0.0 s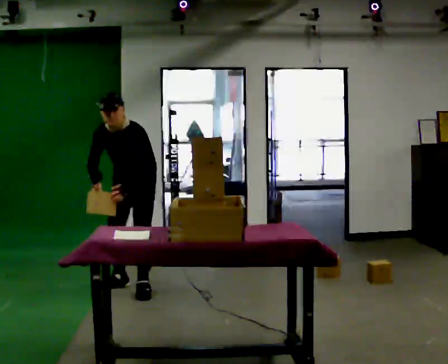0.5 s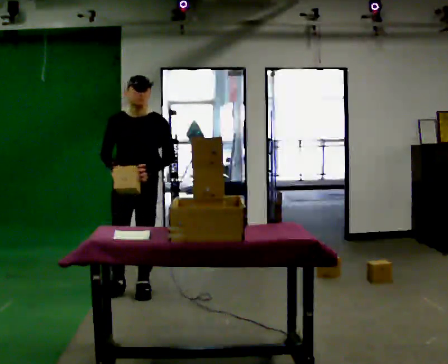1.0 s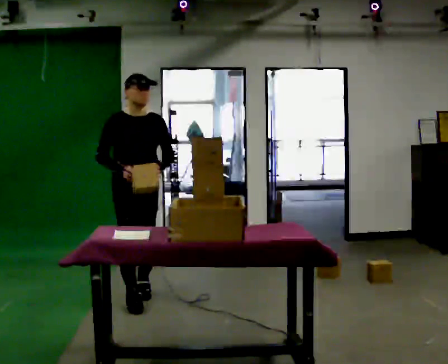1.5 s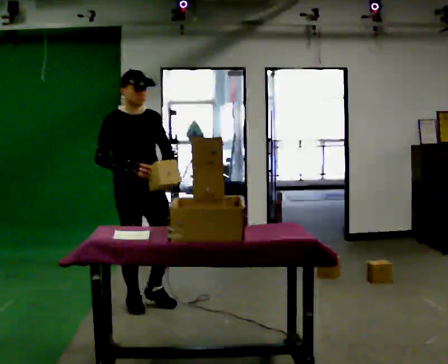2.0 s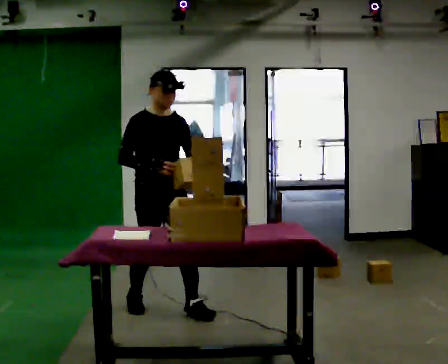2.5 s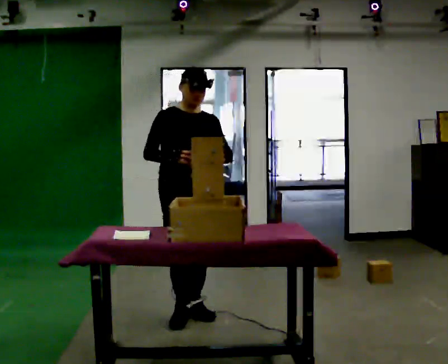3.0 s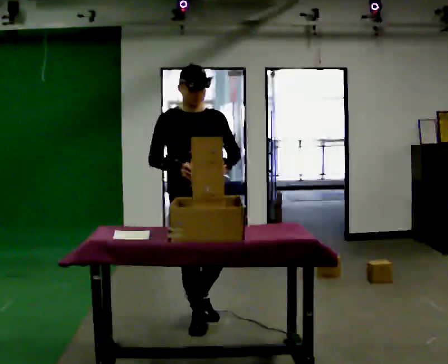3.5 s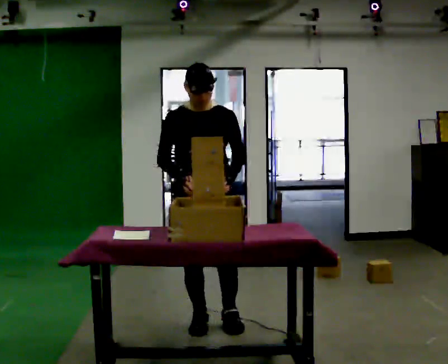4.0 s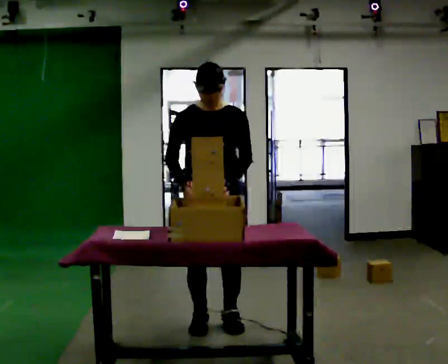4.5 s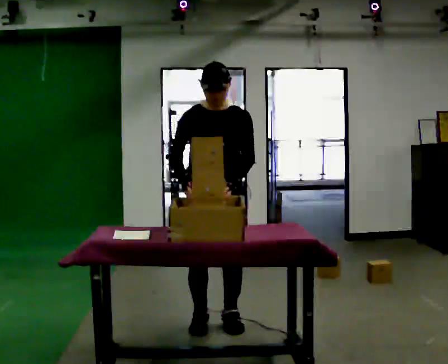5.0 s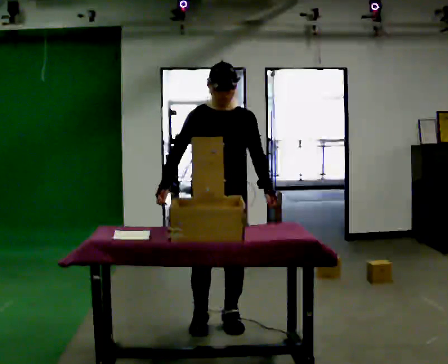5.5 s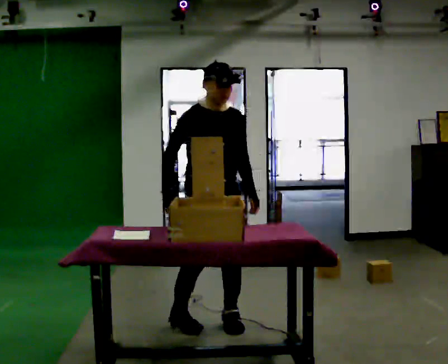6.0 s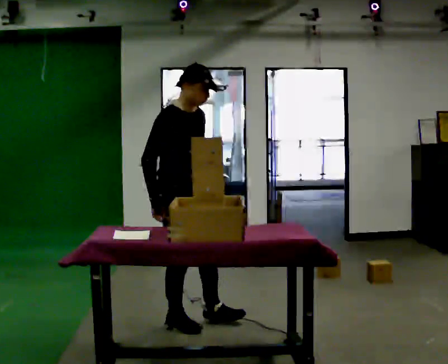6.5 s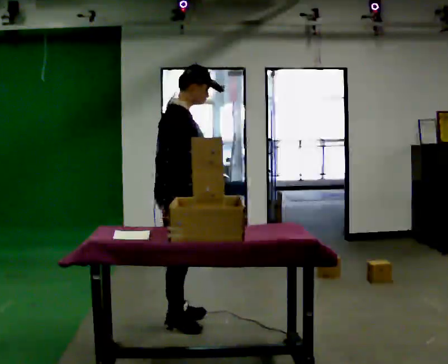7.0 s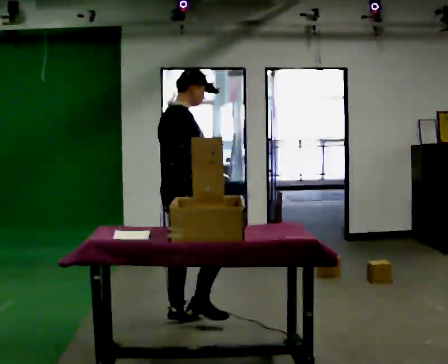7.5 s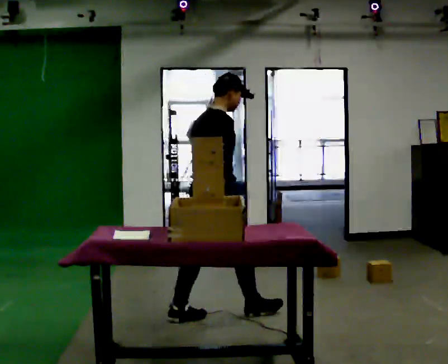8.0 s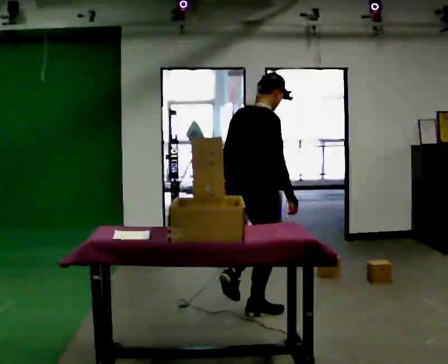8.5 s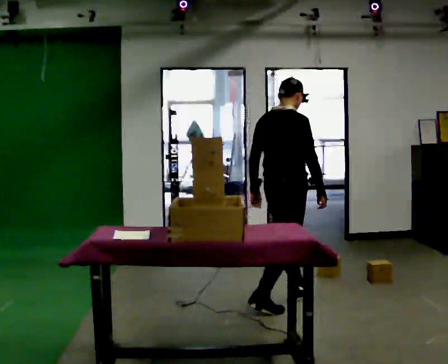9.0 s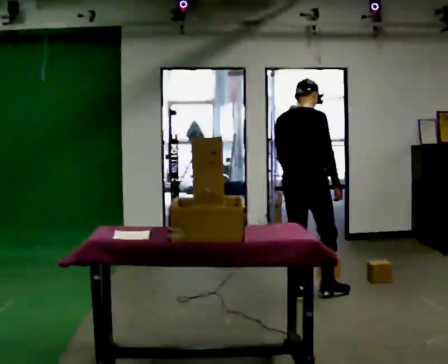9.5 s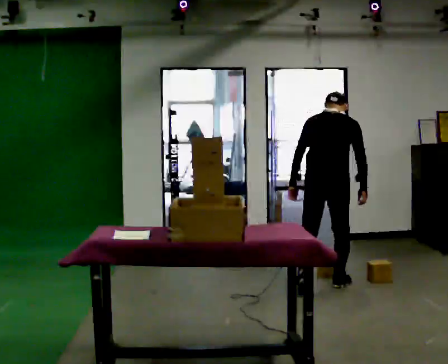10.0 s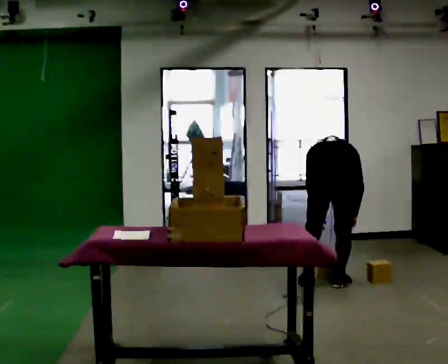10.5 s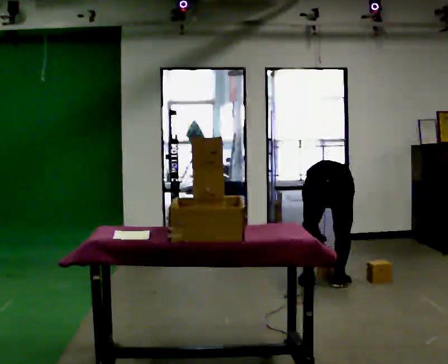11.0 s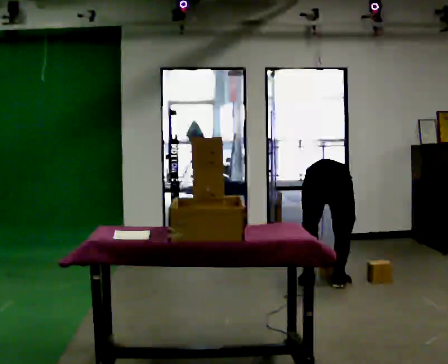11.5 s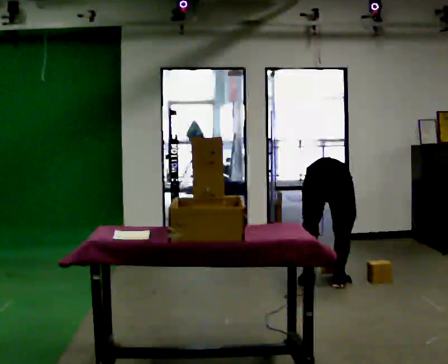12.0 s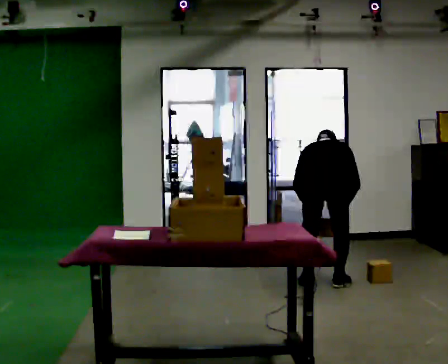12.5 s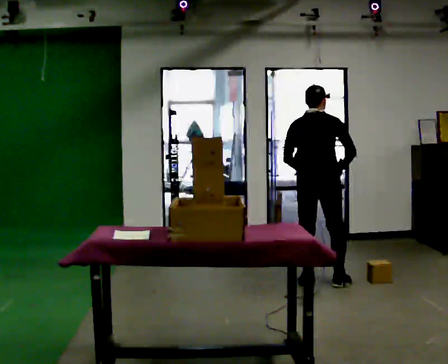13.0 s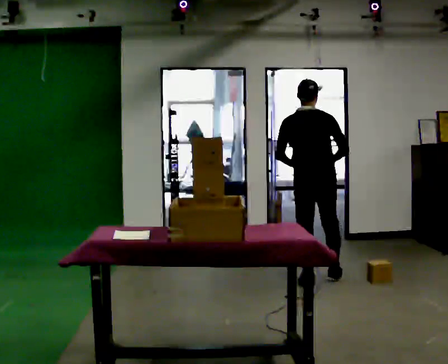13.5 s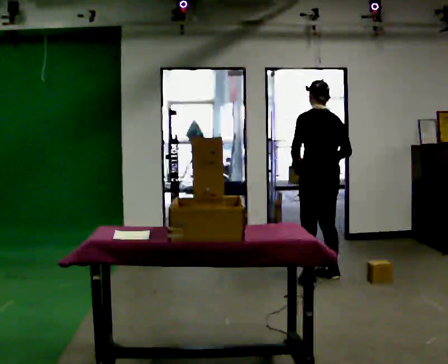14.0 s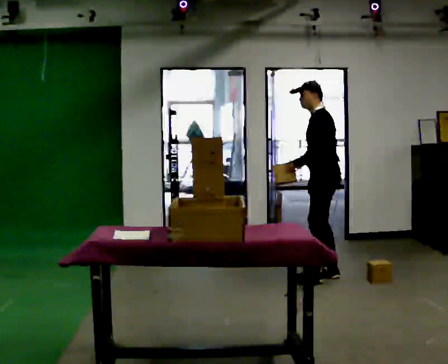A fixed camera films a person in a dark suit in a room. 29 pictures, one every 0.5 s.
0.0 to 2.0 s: Seen from above the body turns counterclockwise, about 60 degrees: to their left, with its near side sliding to the right. In the picture they go toward the camera, about 0.5 m in 2 steps. The upper body tips away from the camera, its near side rolling upward, as they lean back or straighten.
2.0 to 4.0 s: Seen from above the body turns clockwise, about 30 degrees: to their right, with its near side sliding to the left. In the picture they go toward the camera and to the right, about 0.5 m in 2 steps, which for them is forward and to their left.
4.0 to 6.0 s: Seen from above the body turns counterclockwise, about 60 degrees: to their left, with its near side sliding to the right. In the picture they go to the left, about 0.25 m in 1 step.
6.0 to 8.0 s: The person turns about 60 degrees to their left, counterclockwise seen from above, so the part of the body nearest the lens slides to the right. In the picture they go to the right and away from the camera, about 0.5 m in 2 steps.
8.0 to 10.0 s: The person turns about 45 degrees to their left, counterclockwise seen from above, so the part of the body nearest the lens slides to the right. In the picture they go to the right and away from the camera, about 1 m in 3 steps, which for them is forward. The upper body goes downward. The upper body tips away from the camera, its near side rolling upward, as they bend forward. In the picture their left hand goes downward.
10.0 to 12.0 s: The person moves a little, or ends about where they began.
12.0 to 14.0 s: The person turns about 105 degrees to their left, counterclockwise seen from above, so the part of the body nearest the lens slides to the right. In the picture they go away from the camera, about 0.5 m in 2 steps. The shoulders move upward. The upper body tips toward the camera, its near side rolling downward, as they lean back or straighten. In the picture their right hand goes upward.
The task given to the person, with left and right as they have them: 1. Read the list the operator gives you. 2. Collect the six items on the list from the shelves. 3. Put them all in the bin on the table. 4. Tell the operator when you are finished.
The film runs forward here.
